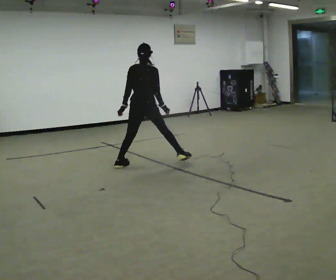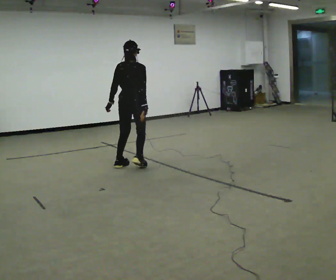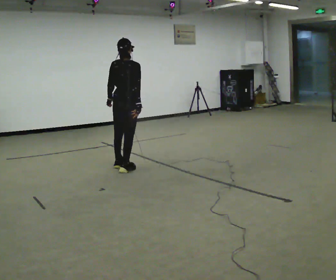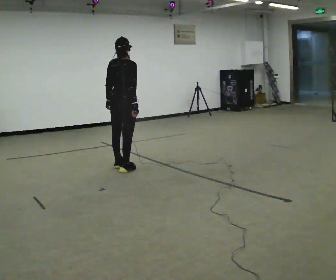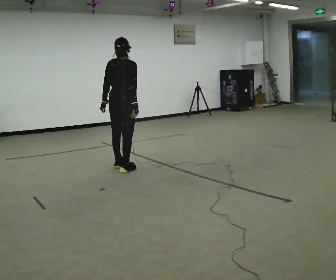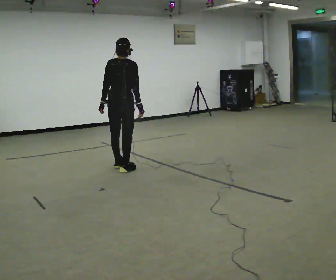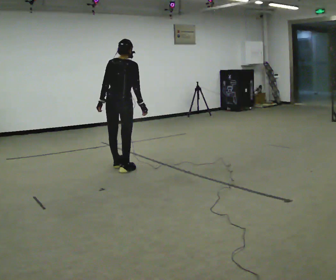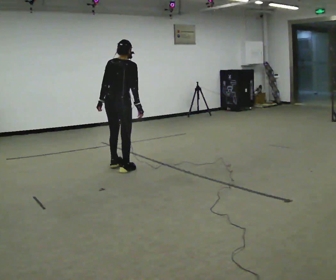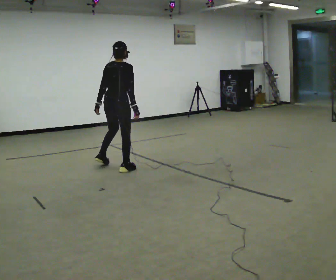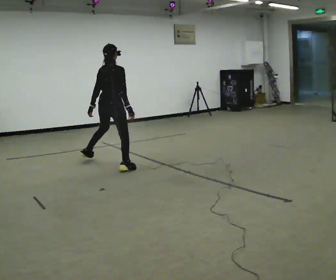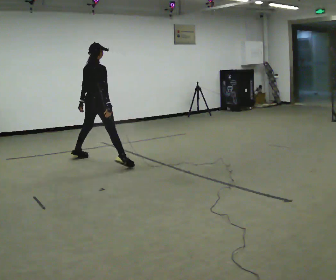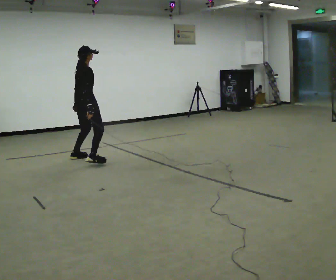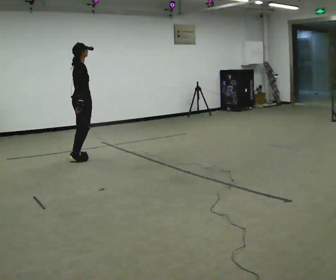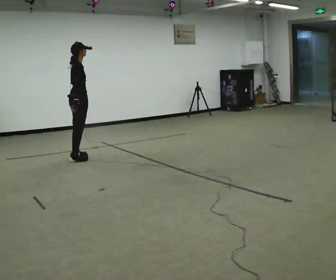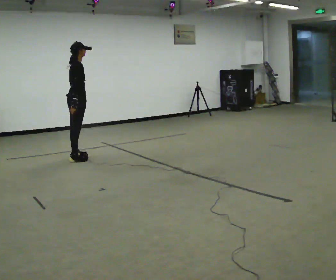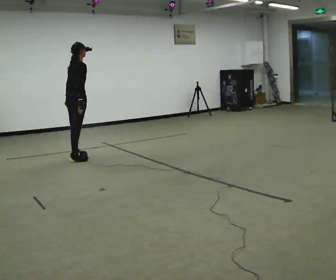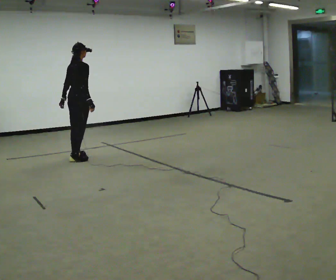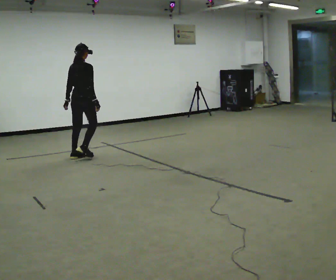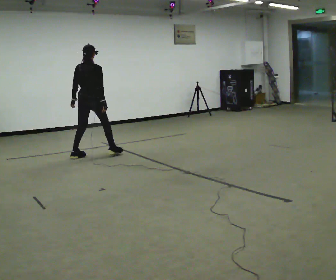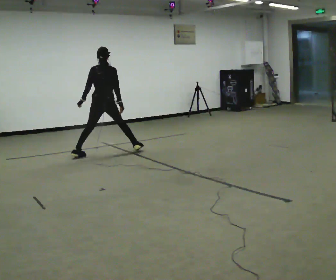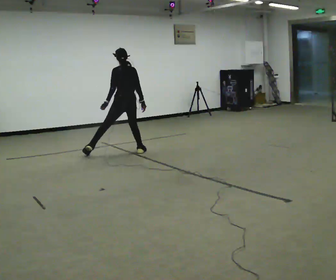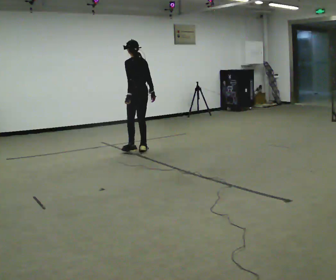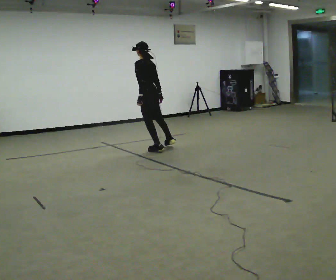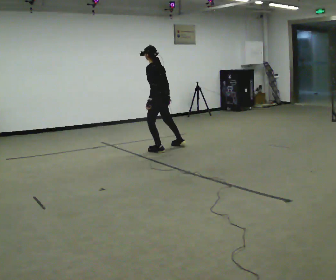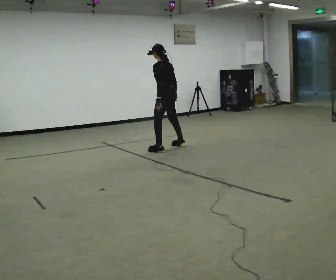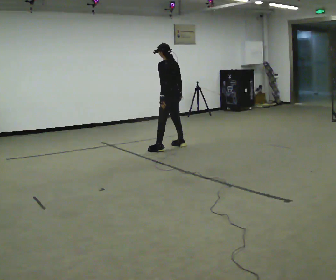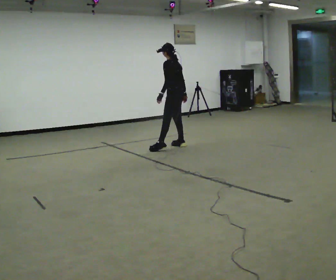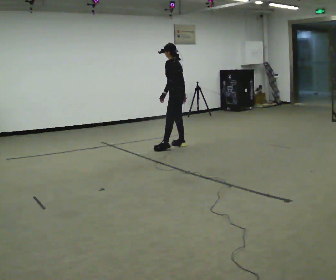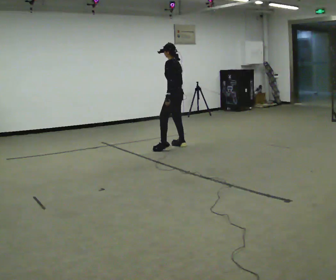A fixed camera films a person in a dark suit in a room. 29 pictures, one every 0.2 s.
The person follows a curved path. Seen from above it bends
clockwise.
0.0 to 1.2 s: In the picture they go to the left and toward the camera, about 0.25 m in 1 step, which for them is backward.
1.2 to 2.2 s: The part of the body nearest the lens slides to the left as the person turns to their right by about 30 degrees. In the picture they go away from the camera and to the left, about 1 m in 1 step, which for them is to their left.
2.2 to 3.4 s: Seen from above the body turns counterclockwise, about 30 degrees: to their left, with its near side sliding to the right. In the picture they go away from the camera, about 0.25 m in 1 step, which for them is to their left.
3.4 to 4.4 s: Seen from above the body turns counterclockwise, about 75 degrees: to their left, with its near side sliding to the right. In the picture they go to the right, about 1 m in 2 steps.
4.4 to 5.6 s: In the picture they go to the right, about 0.5 m in 2 steps, which for them is to their right.
The film runs forward here.
